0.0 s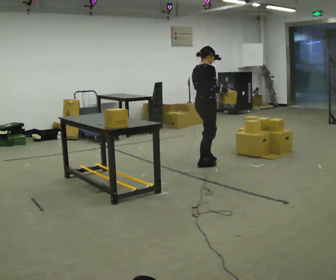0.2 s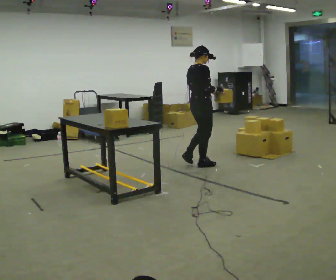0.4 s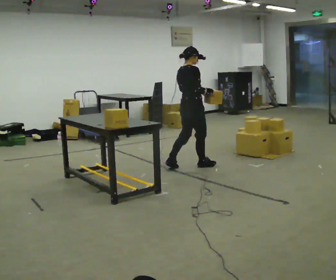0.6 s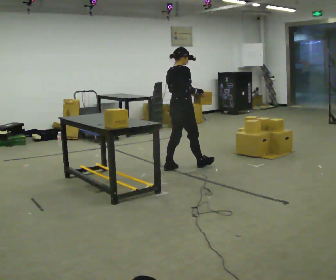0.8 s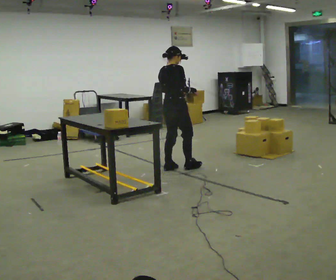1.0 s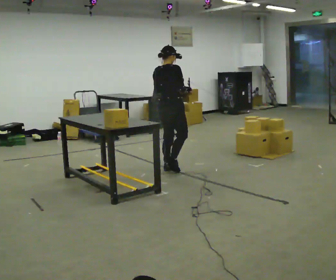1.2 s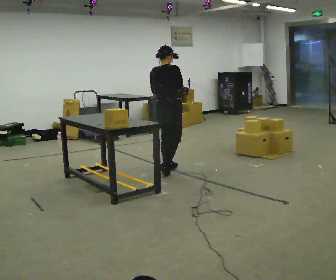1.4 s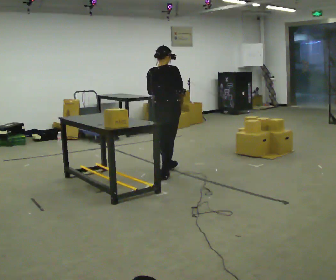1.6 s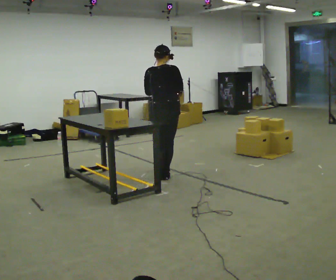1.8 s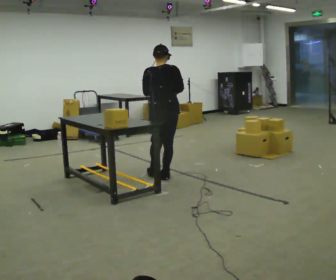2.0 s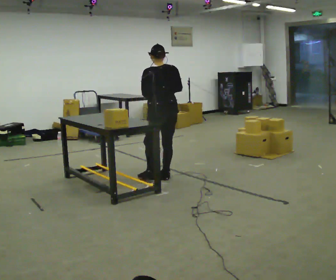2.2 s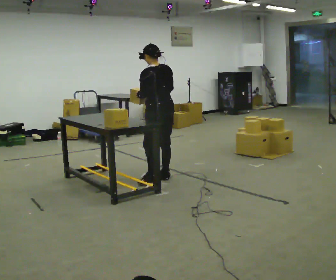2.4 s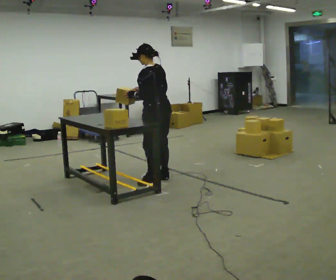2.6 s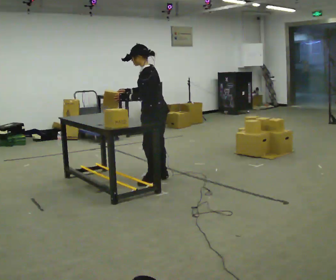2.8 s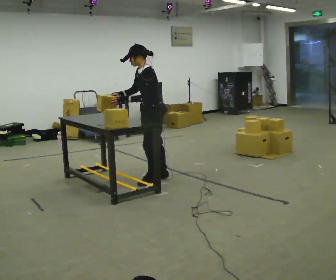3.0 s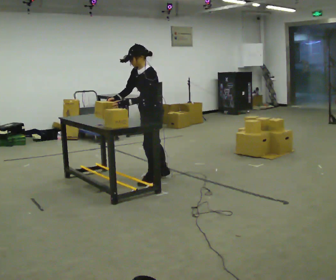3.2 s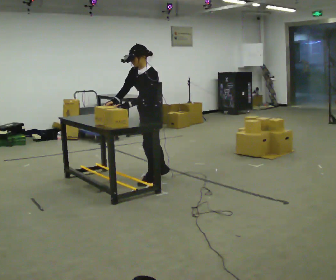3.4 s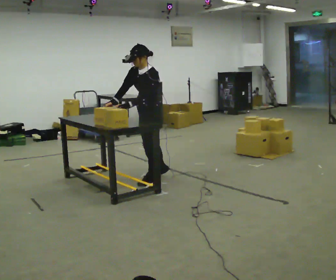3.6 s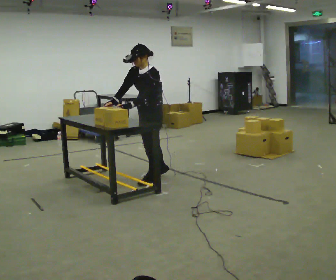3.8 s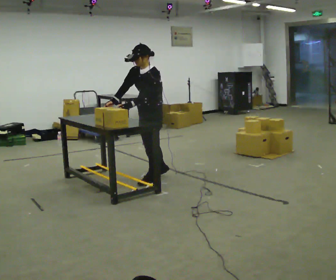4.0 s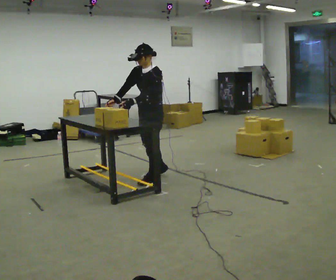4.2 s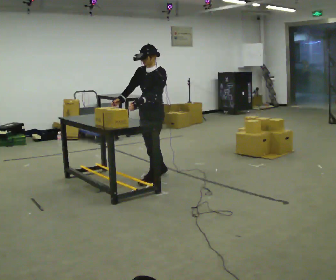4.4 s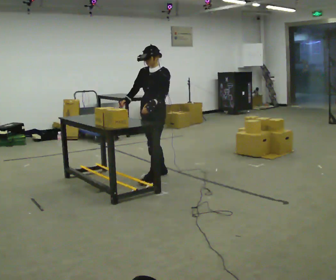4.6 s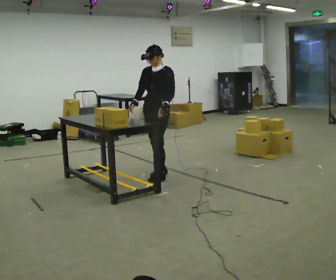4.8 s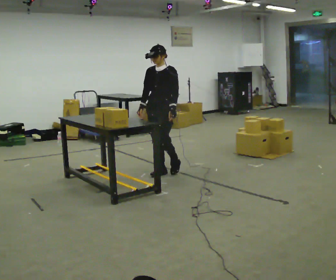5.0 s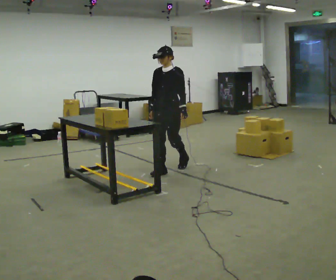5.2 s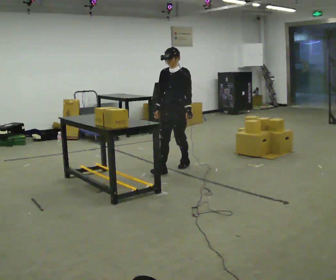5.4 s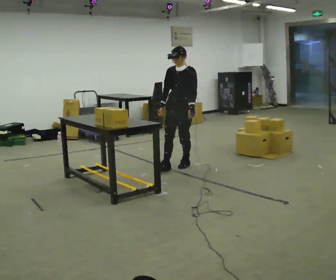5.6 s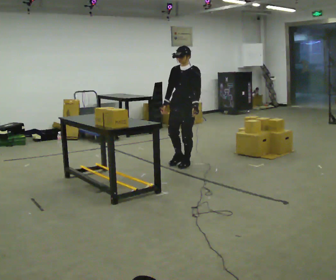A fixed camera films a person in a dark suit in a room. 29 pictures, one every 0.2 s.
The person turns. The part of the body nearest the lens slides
to the right.
The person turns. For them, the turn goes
to their left.
0.0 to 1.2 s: In the picture they go to the left and toward the camera, about 0.5 m in 1 step, which for them is backward.
1.2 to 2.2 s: The person turns about 75 degrees to their left, counterclockwise seen from above, so the part of the body nearest the lens slides to the right. In the picture they go toward the camera, about 0.25 m in 1 step.
2.2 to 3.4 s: Seen from above the body turns counterclockwise, about 75 degrees: to their left, with its near side sliding to the right. The upper body tips toward the camera, its near side rolling downward, as they bend forward. In the picture their right hand goes to the left.
3.4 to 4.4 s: In the picture they go away from the camera, about 0.25 m, which for them is backward and to their right.
4.4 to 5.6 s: In the picture they go away from the camera and to the right, about 0.75 m in 2 steps, which for them is backward.
The film runs backward here.
